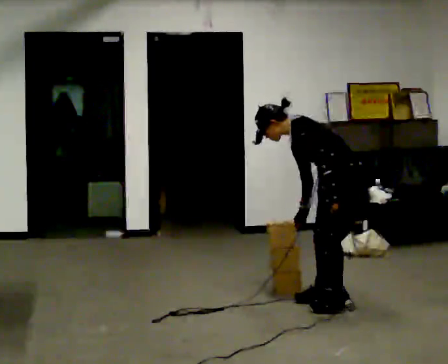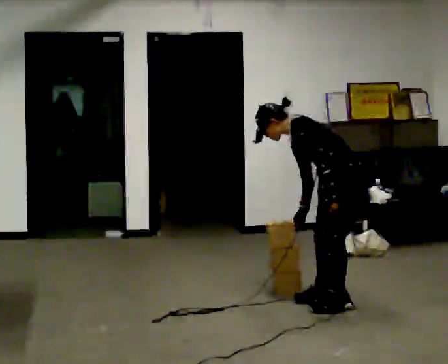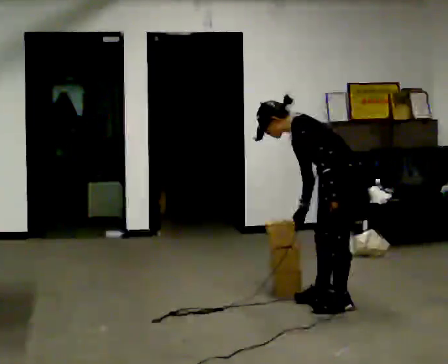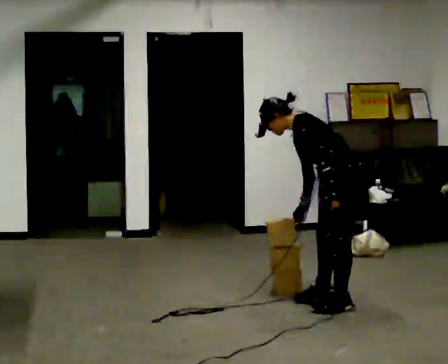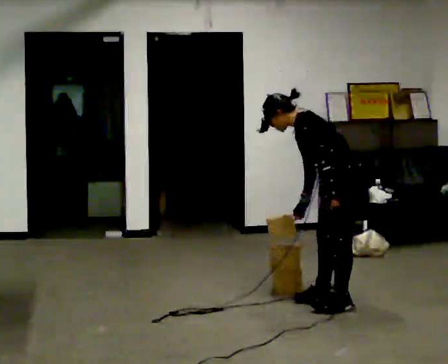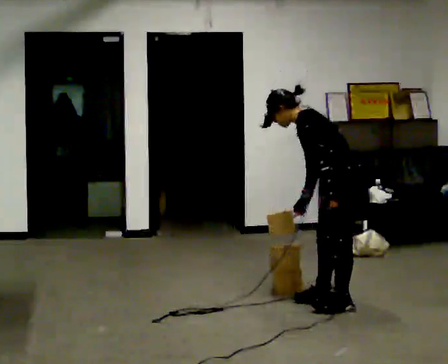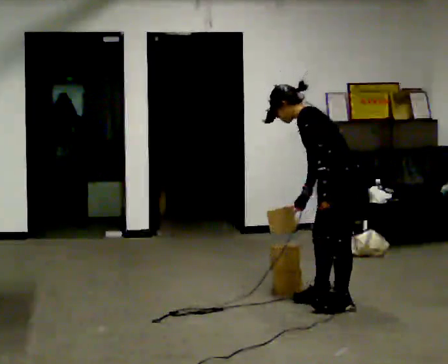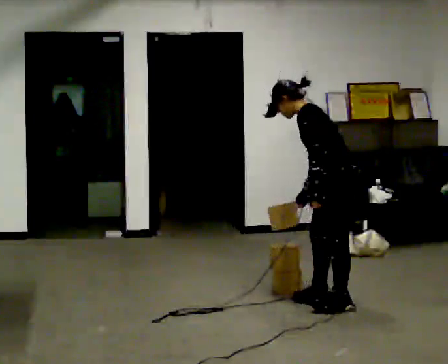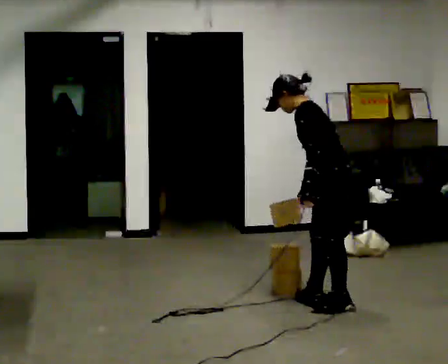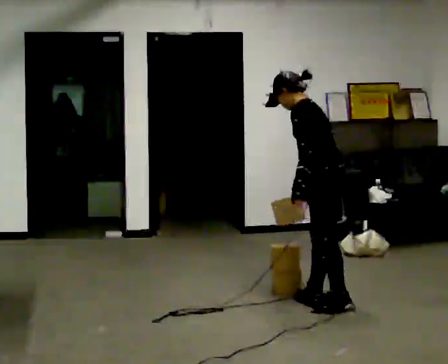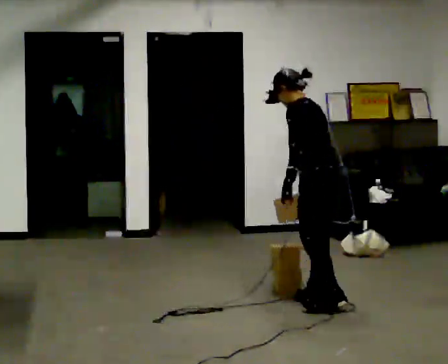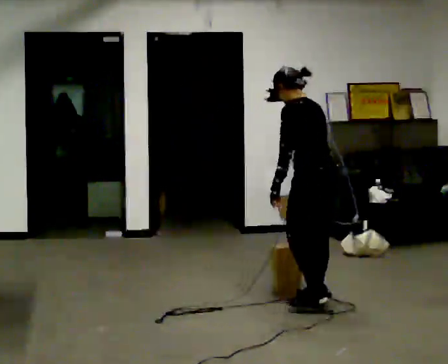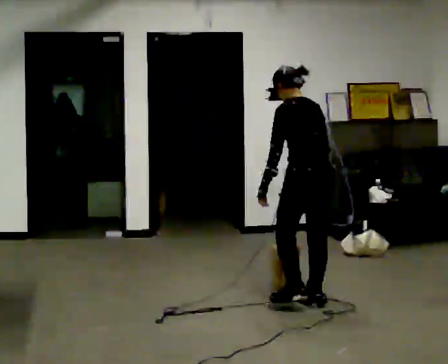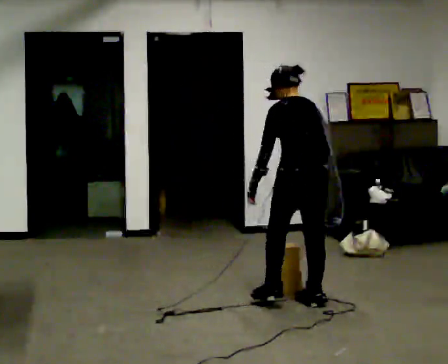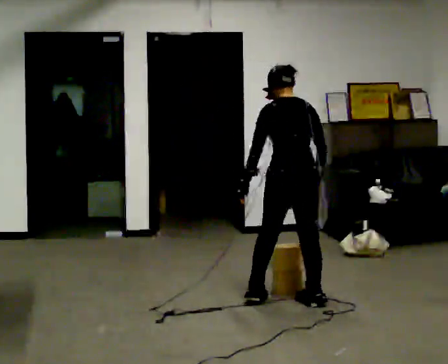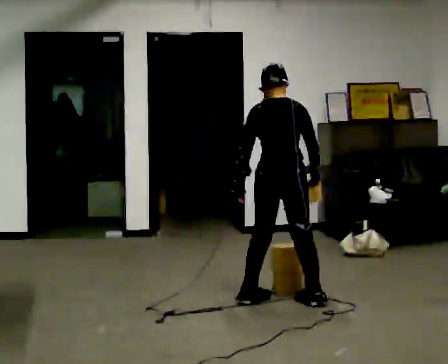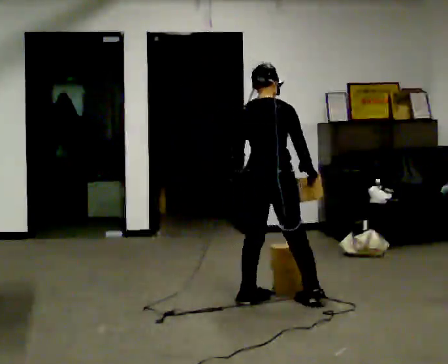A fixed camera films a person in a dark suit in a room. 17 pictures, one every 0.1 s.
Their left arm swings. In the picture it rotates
clockwise.
The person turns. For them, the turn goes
to their right.
0.0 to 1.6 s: The part of the body nearest the lens slides to the left as the person turns to their right by about 105 degrees. In the picture they go to the left, about 0.5 m in 2 steps. The shoulders move upward. In the picture the upper body tilts clockwise, shoulders to the right, as they lean back or straighten.
The film runs backward here.
